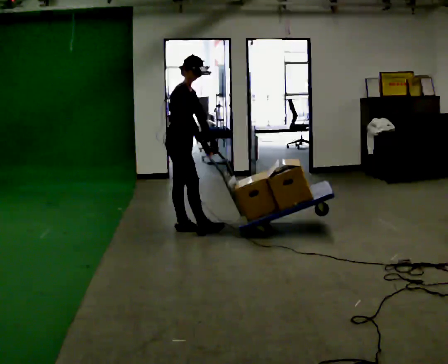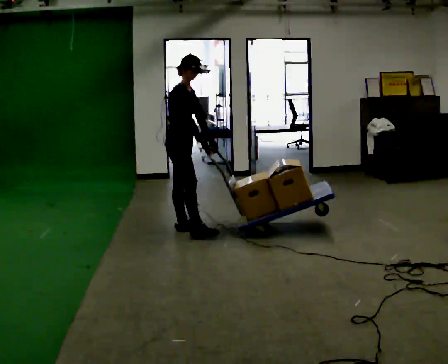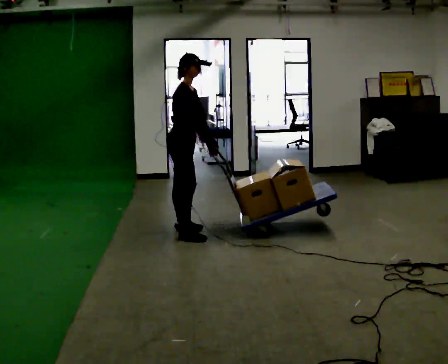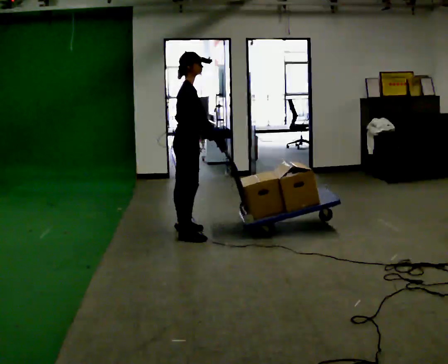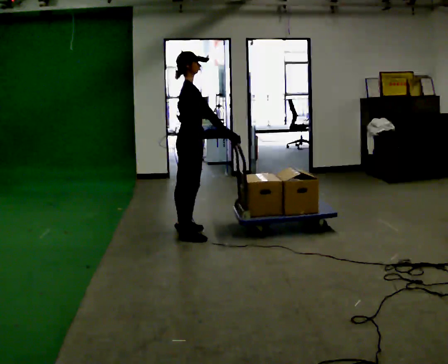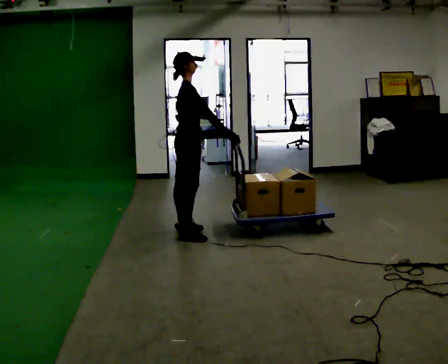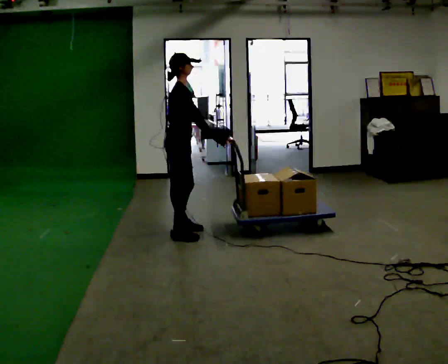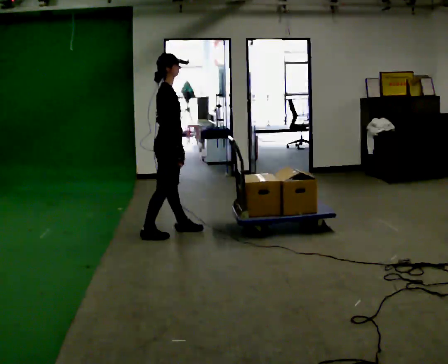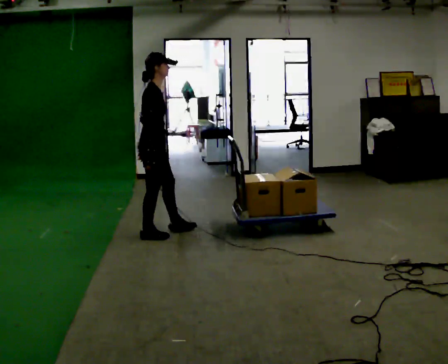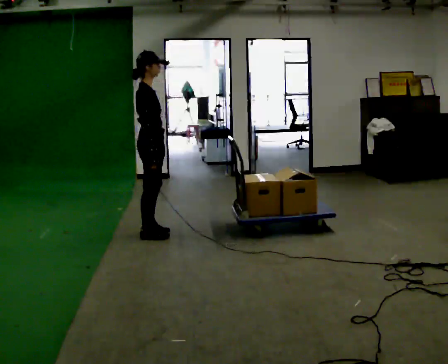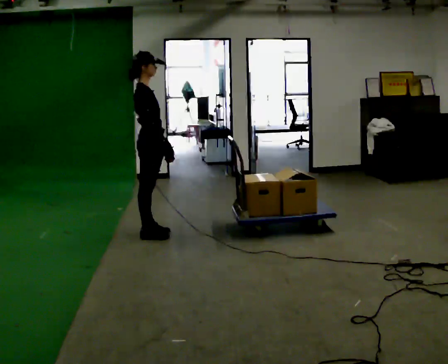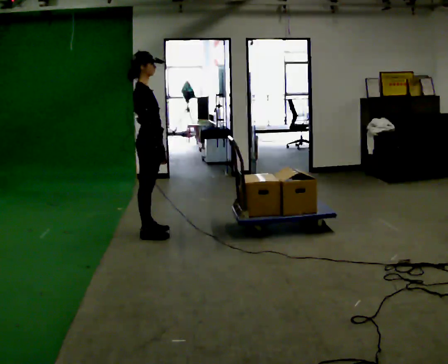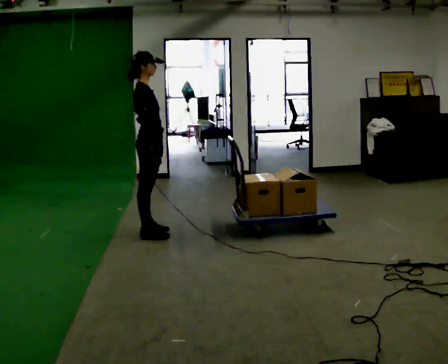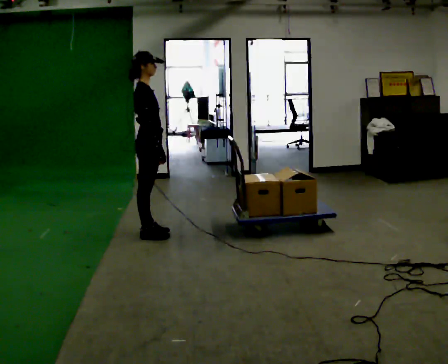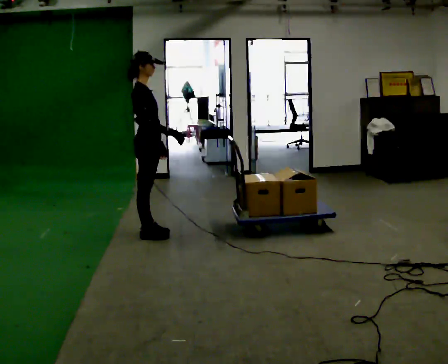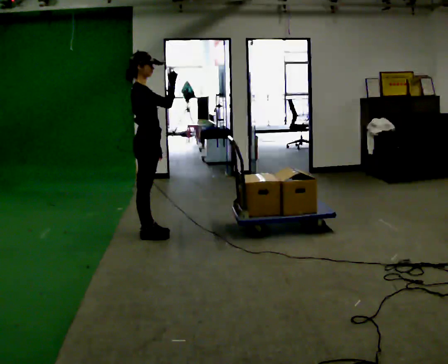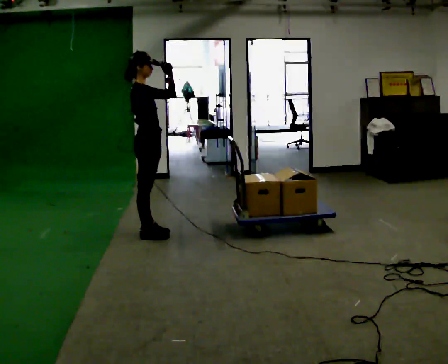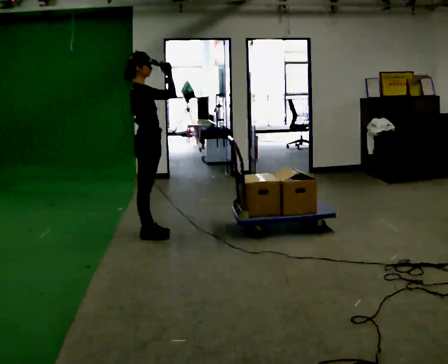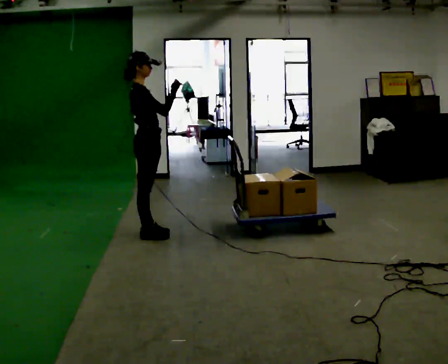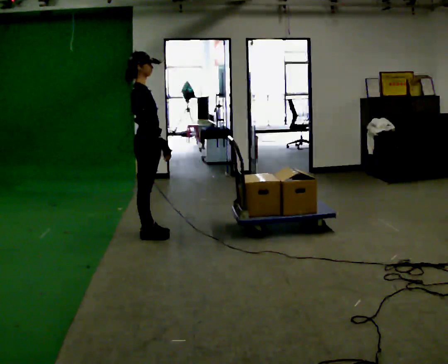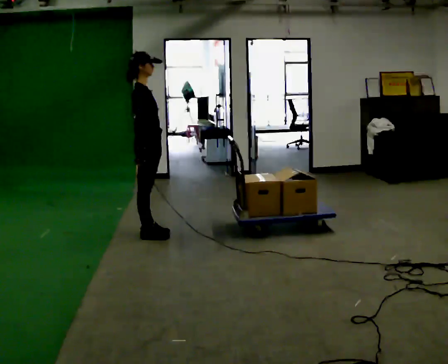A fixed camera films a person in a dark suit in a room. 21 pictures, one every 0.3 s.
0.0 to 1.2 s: In the picture they go toward the camera, about 0.25 m, which for them is forward.
1.2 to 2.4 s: In the picture they go to the left, about 0.25 m in 1 step, which for them is backward.
2.4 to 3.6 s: The person moves a little, or ends about where they began.
3.6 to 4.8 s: In the picture their right hand goes upward.
4.8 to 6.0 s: In the picture their right hand goes downward.
The film runs forward here.
